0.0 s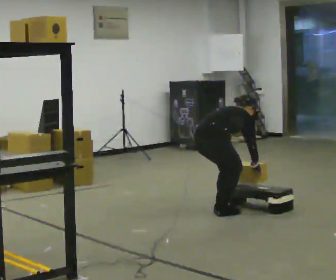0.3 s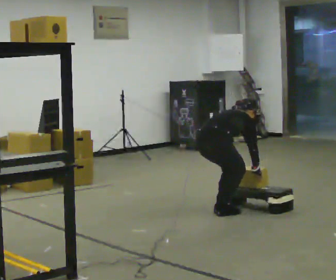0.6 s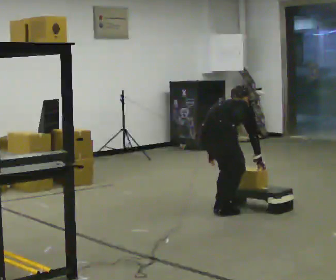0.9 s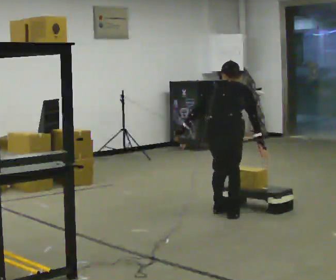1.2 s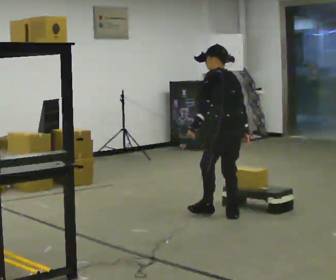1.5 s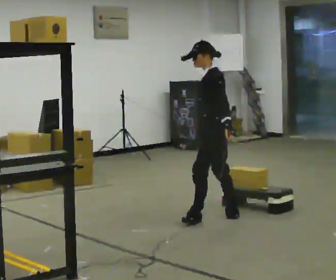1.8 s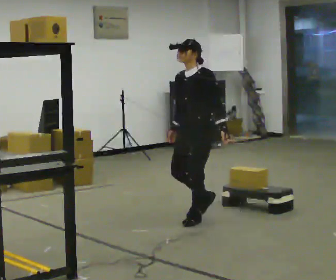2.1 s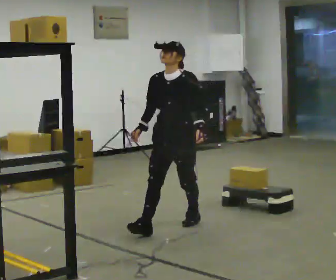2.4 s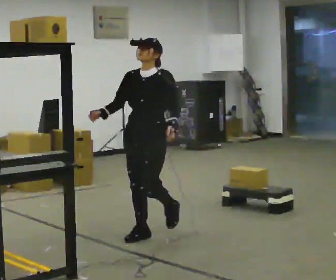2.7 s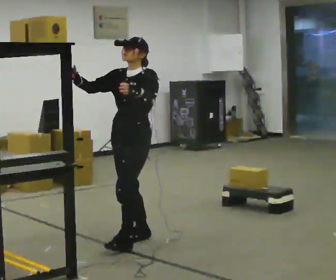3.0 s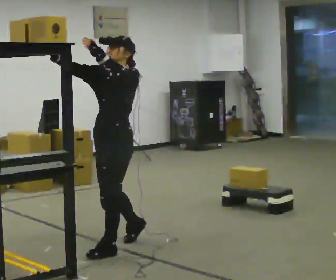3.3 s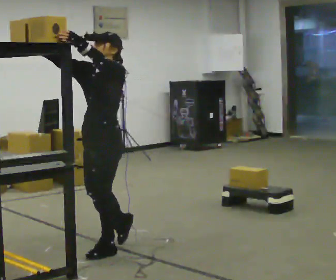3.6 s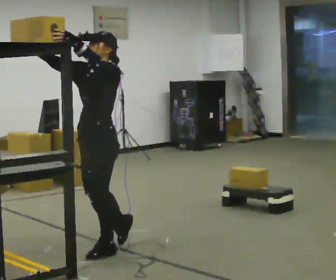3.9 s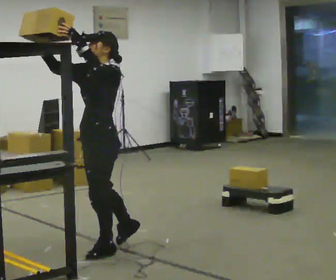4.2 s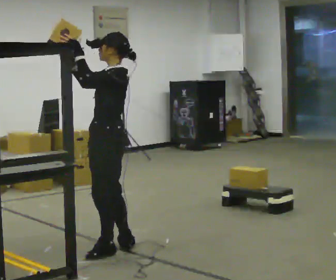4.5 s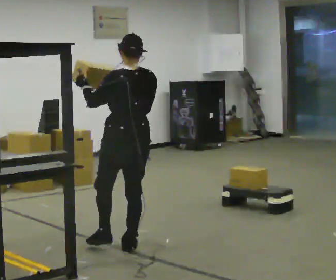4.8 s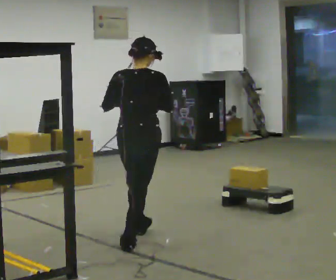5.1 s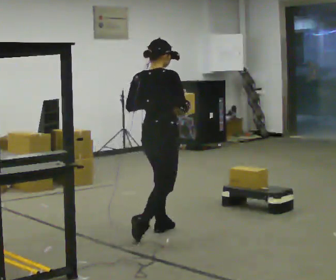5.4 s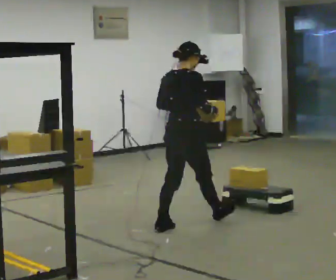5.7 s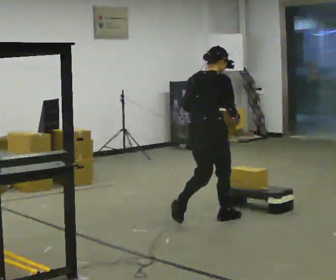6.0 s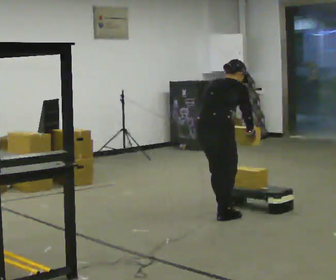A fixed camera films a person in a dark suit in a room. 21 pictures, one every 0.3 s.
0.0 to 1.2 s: Seen from above the body turns counterclockwise, about 90 degrees: to their left, with its near side sliding to the right. In the picture they go to the right, about 0.25 m. The upper body goes upward. In the picture the upper body tilts counterclockwise, shoulders to the left, as they lean back or straighten. In the picture their left hand goes upward and to the left.
1.2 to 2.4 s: The part of the body nearest the lens slides to the right as the person turns to their left by about 105 degrees. In the picture they go to the left and toward the camera, about 1 m in 2 steps. The upper body tips toward the camera, its near side rolling downward, as they lean back or straighten.
2.4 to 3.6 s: Seen from above the body turns clockwise, about 30 degrees: to their right, with its near side sliding to the left. In the picture they go toward the camera and to the left, about 0.5 m in 2 steps, which for them is forward. In the picture their left hand goes upward.
3.6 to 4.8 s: The person turns about 150 degrees to their right, clockwise seen from above, so the part of the body nearest the lens slides to the left. In the picture they go away from the camera and to the right, about 0.5 m in 1 step. In the picture their right hand goes downward.
4.8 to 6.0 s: In the picture they go to the right and away from the camera, about 1 m in 3 steps, which for them is forward. The upper body tips away from the camera, its near side rolling upward, as they bend forward. In the picture their right hand goes downward.
The film runs forward here.
